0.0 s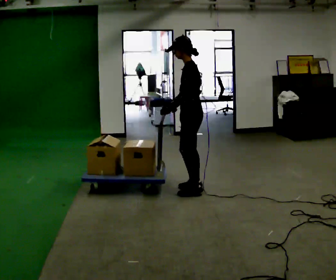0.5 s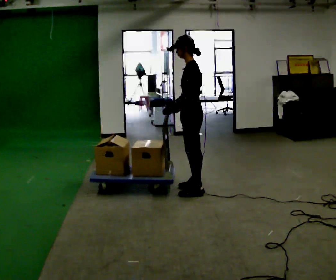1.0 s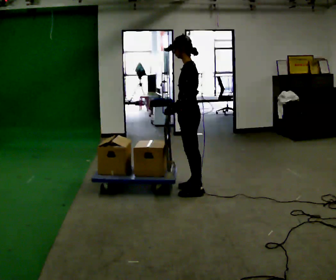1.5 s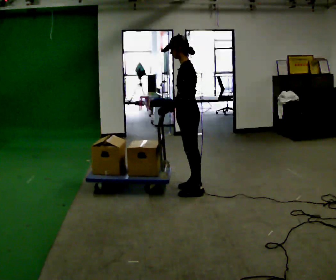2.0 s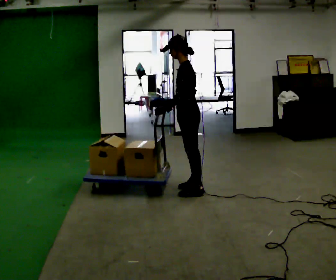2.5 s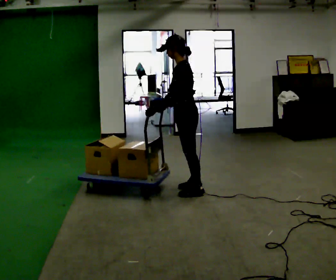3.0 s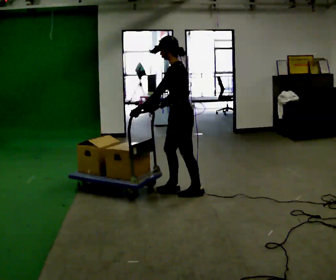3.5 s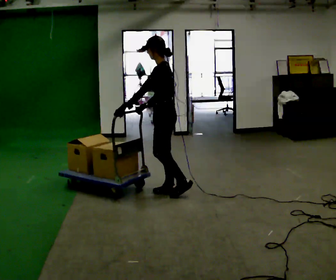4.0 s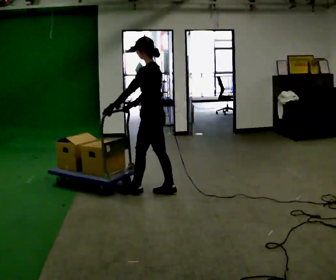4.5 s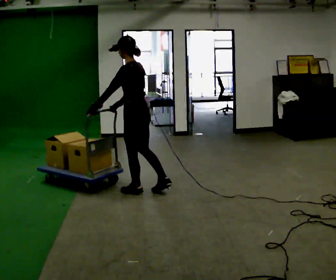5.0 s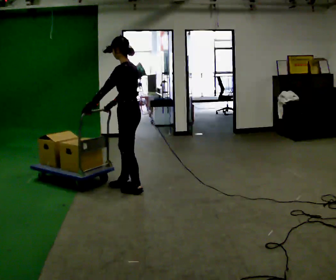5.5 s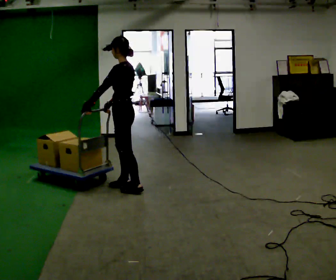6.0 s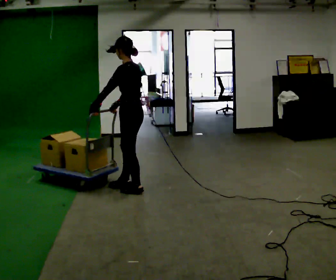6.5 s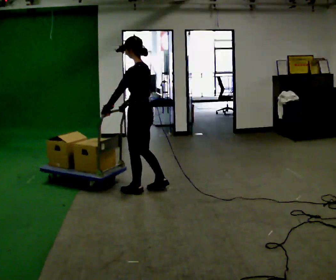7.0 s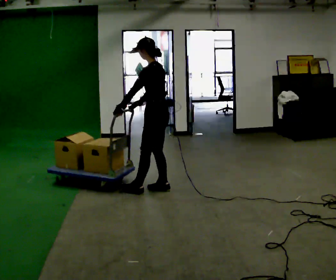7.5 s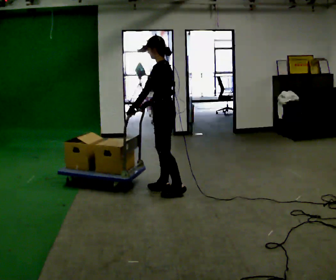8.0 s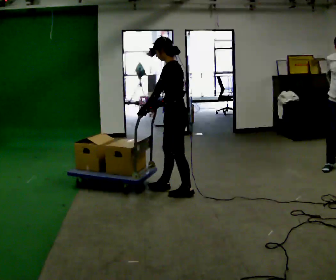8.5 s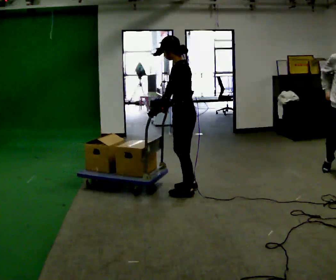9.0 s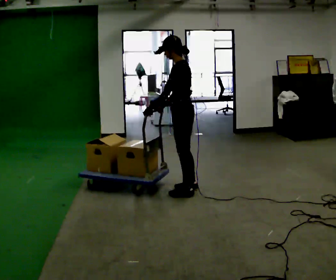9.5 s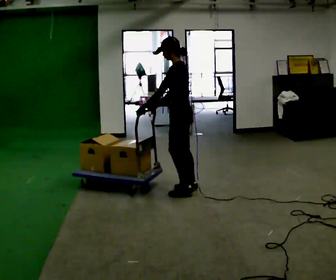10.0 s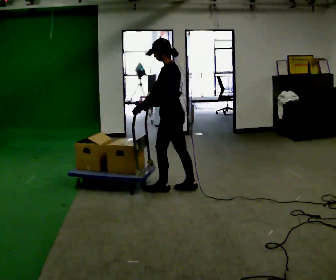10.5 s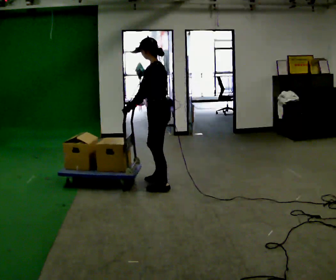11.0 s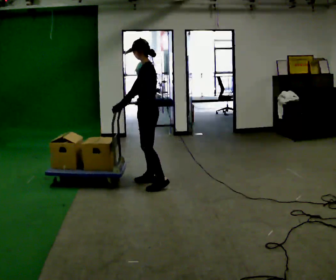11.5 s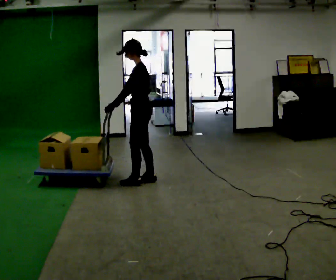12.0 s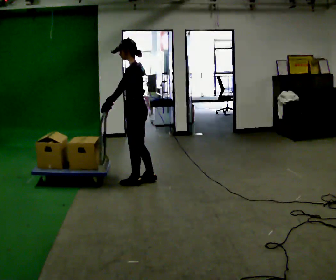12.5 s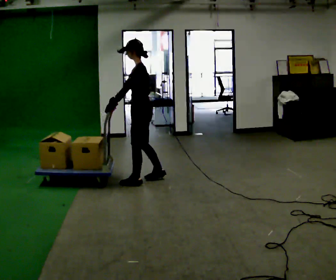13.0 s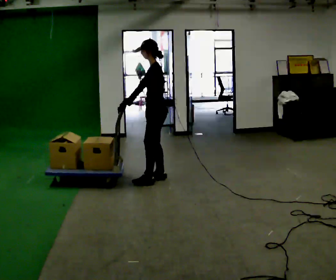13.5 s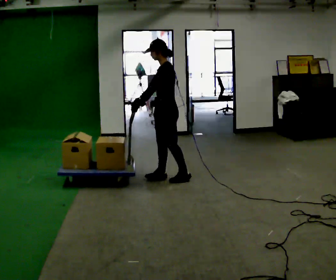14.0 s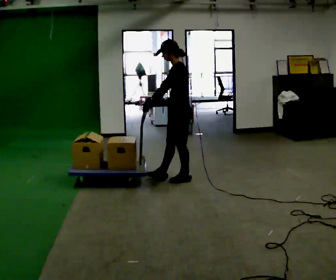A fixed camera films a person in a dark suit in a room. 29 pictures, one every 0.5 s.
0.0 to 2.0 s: The person moves a little, or ends about where they began.
2.0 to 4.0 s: In the picture they go to the left, about 0.25 m in 1 step, which for them is forward.
4.0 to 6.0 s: In the picture they go to the left, about 0.25 m in 2 steps, which for them is forward.
6.0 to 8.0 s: In the picture they go to the right, about 0.5 m in 2 steps, which for them is backward.
8.0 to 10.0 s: The person moves a little, or ends about where they began.
10.0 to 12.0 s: In the picture they go to the left and away from the camera, about 0.5 m in 2 steps, which for them is forward and to their right.
12.0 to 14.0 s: In the picture they go to the right, about 0.5 m in 1 step, which for them is backward.
The film runs forward here.
